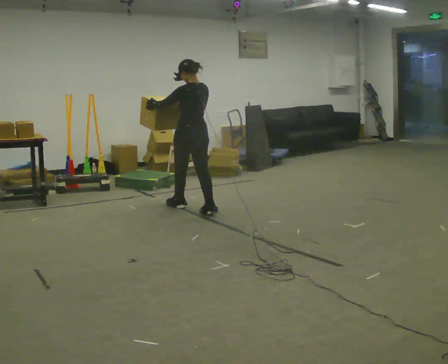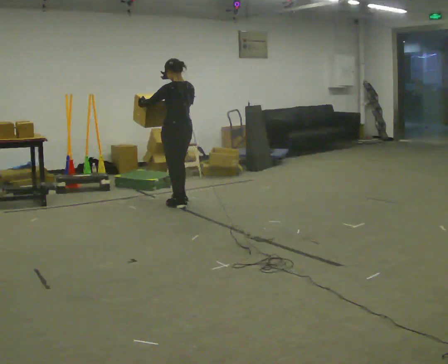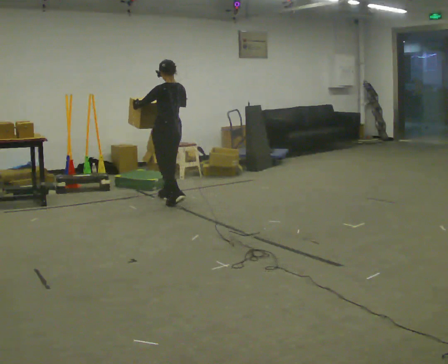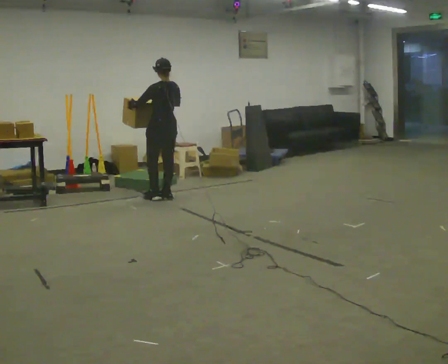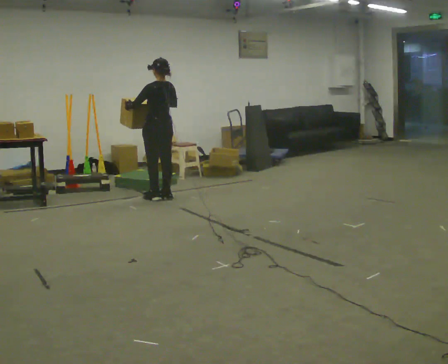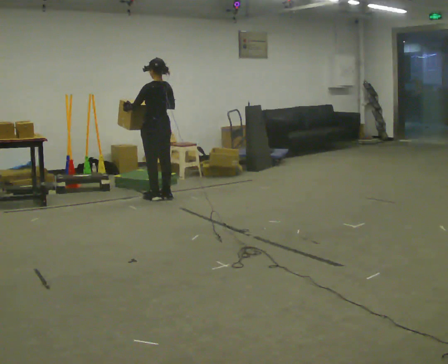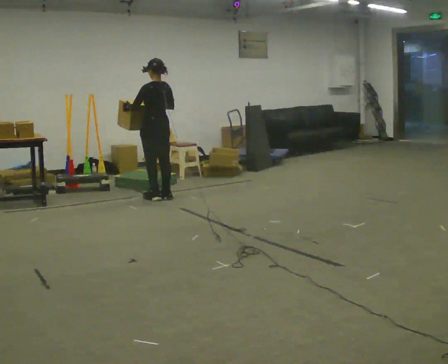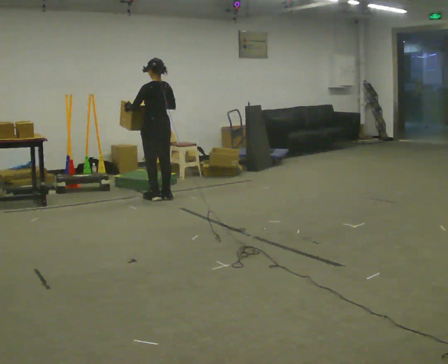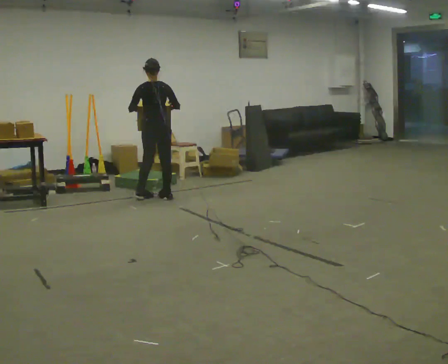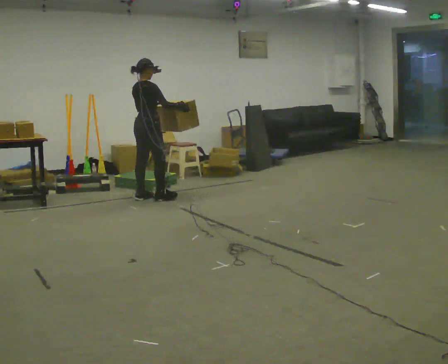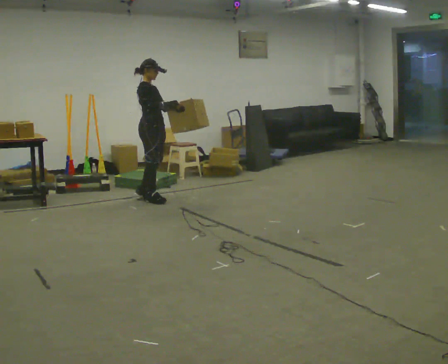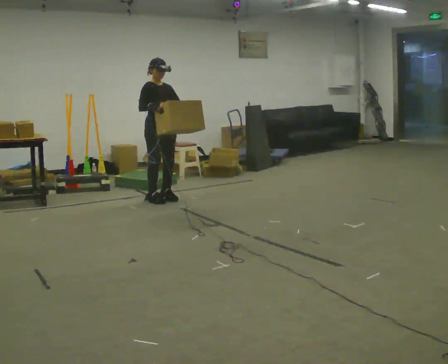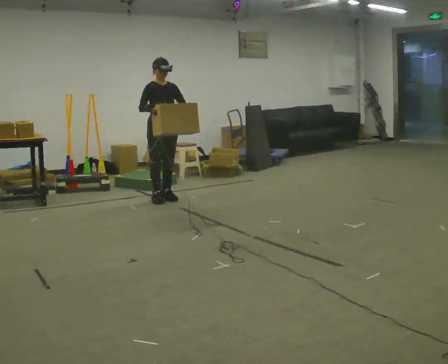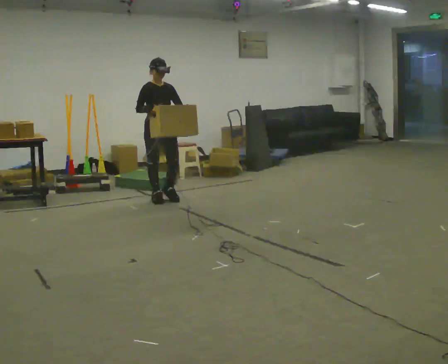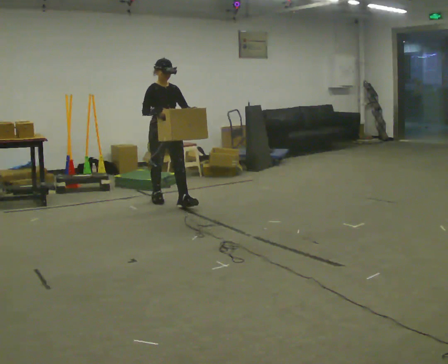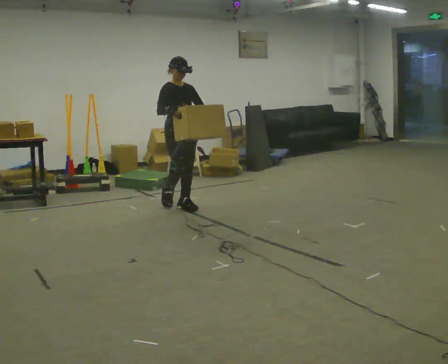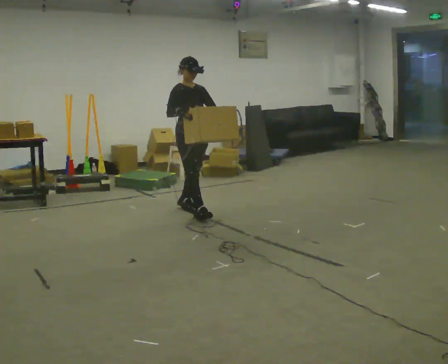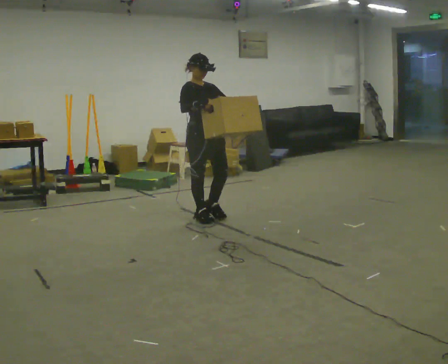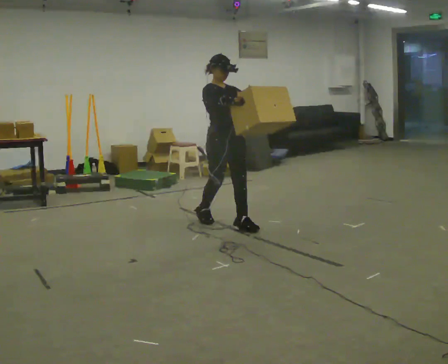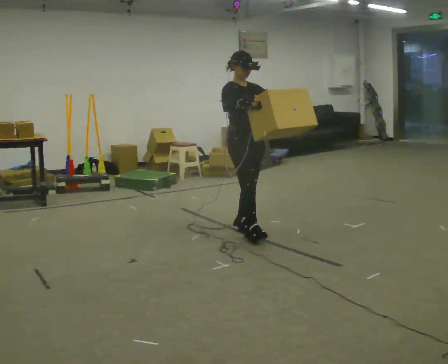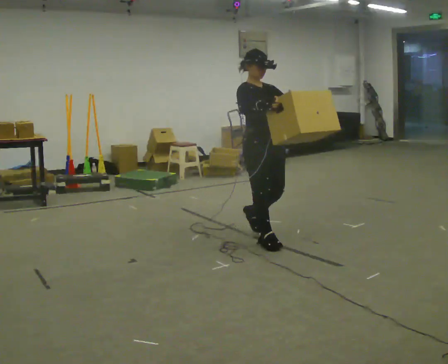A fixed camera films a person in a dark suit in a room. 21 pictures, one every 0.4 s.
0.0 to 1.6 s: In the picture they go away from the camera and to the left, about 0.5 m in 2 steps, which for them is forward.
1.6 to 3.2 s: The person turns about 30 degrees to their right, clockwise seen from above, so the part of the body nearest the lens slides to the left.
3.2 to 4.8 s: The person turns about 150 degrees to their right, clockwise seen from above, so the part of the body nearest the lens slides to the left. In the picture they go toward the camera, about 0.25 m in 3 steps.
4.8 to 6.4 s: In the picture they go toward the camera and to the right, about 0.75 m in 2 steps, which for them is forward.
6.4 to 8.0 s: In the picture they go toward the camera and to the right, about 1 m in 2 steps, which for them is forward.
The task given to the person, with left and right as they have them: Carry the box across the room, stopping and starting again each time the operator says stop and go. Do not set the box down.
The film runs forward here.
